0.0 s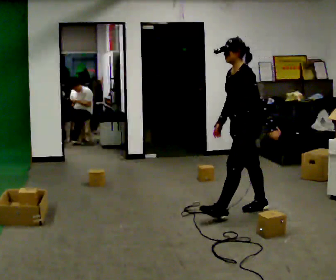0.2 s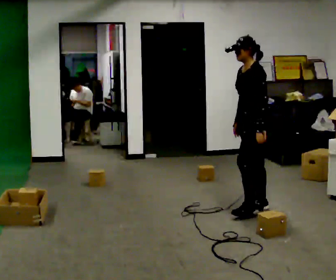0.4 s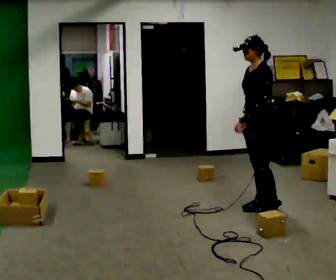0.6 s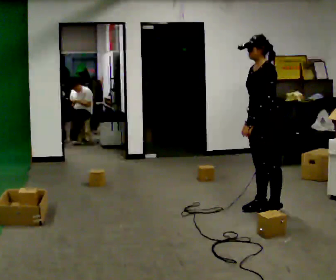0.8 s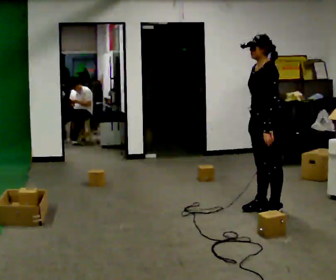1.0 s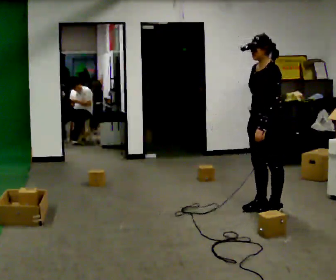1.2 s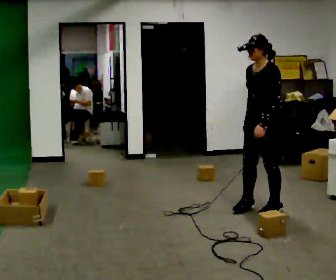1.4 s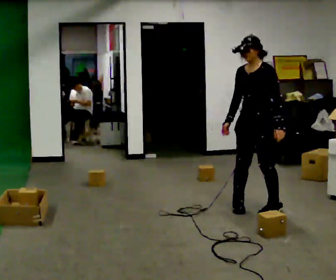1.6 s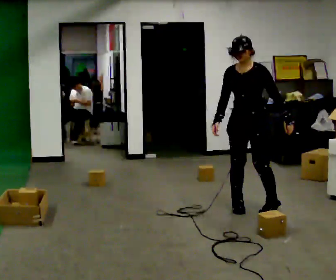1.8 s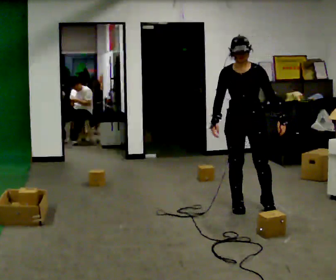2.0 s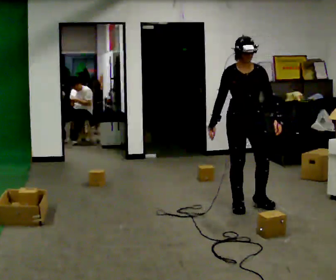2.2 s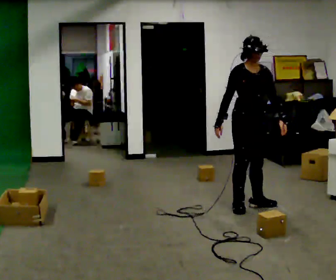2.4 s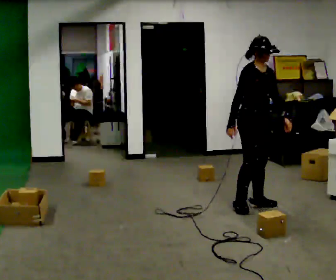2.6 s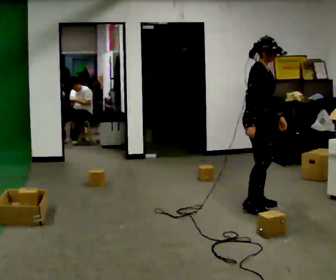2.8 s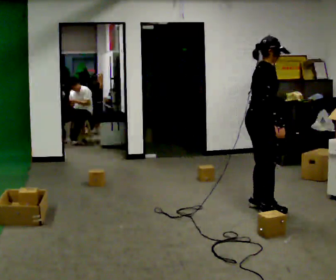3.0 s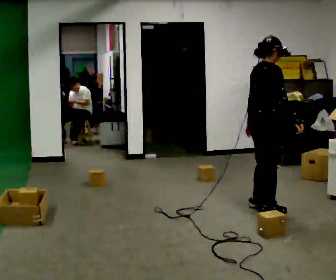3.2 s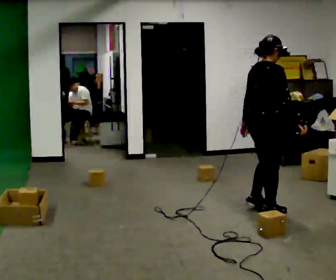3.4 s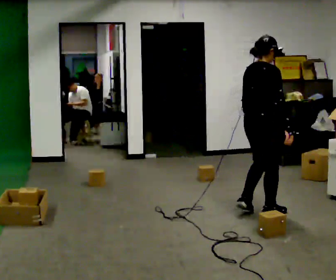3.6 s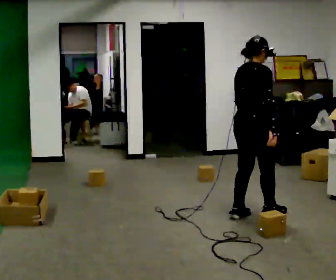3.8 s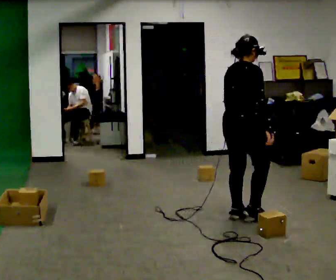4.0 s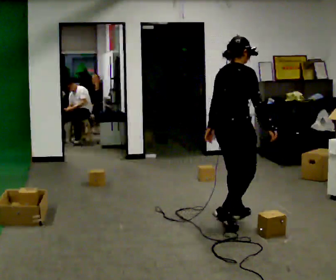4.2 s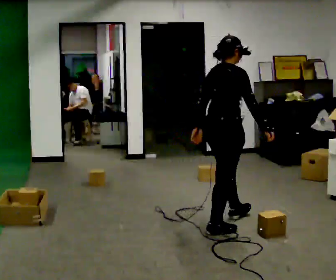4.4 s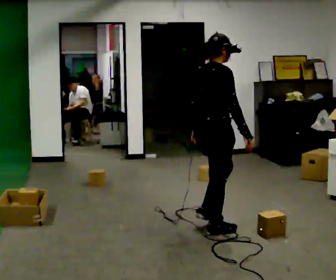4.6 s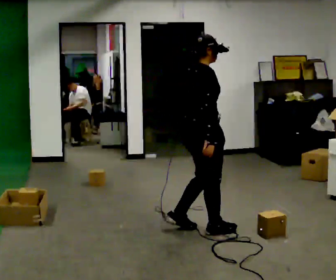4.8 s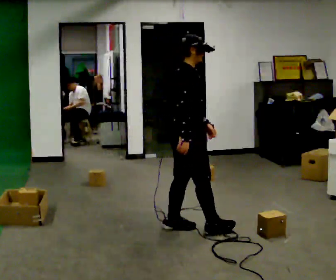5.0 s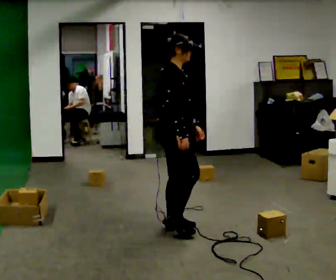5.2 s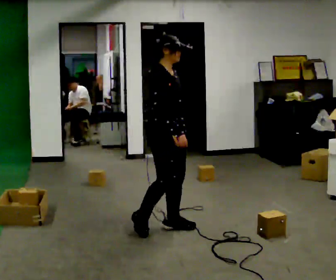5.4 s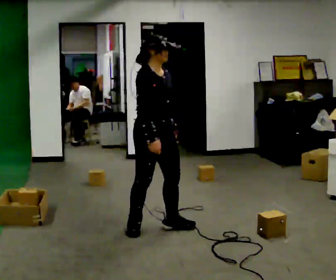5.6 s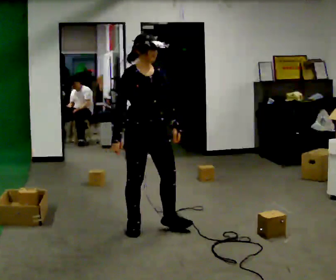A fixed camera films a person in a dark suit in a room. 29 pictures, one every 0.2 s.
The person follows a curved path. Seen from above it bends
clockwise.
0.0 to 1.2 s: In the picture they go to the right, about 0.25 m in 1 step, which for them is backward.
1.2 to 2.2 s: The person turns about 90 degrees to their left, counterclockwise seen from above, so the part of the body nearest the lens slides to the right. In the picture they go to the left, about 0.25 m in 1 step.
2.2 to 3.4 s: The person turns about 105 degrees to their left, counterclockwise seen from above, so the part of the body nearest the lens slides to the right. In the picture they go toward the camera and to the right, about 0.25 m in 2 steps.
3.4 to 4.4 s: In the picture they go toward the camera and to the left, about 0.5 m in 2 steps, which for them is backward.
4.4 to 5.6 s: The person turns about 75 degrees to their right, clockwise seen from above, so the part of the body nearest the lens slides to the left. In the picture they go to the left, about 0.5 m in 1 step.
The film runs backward here.
